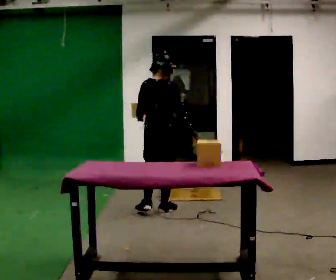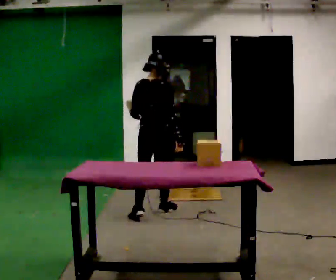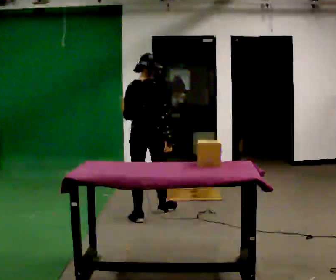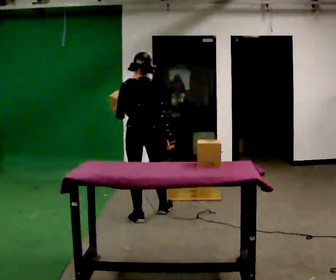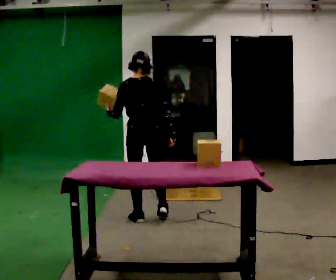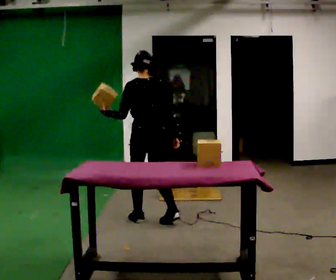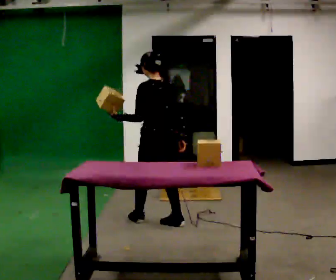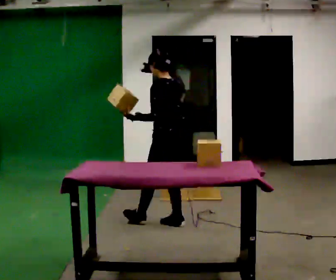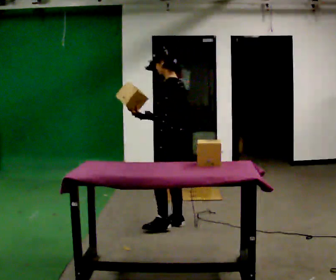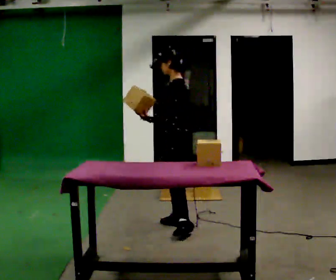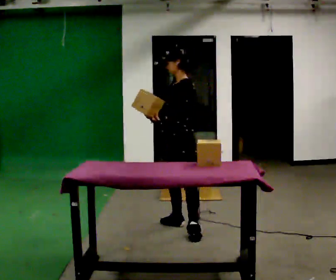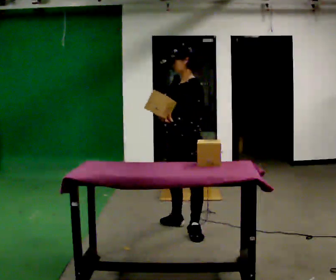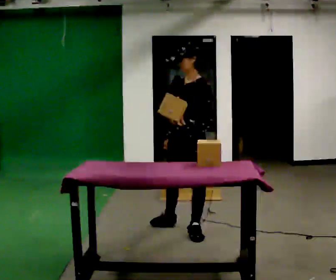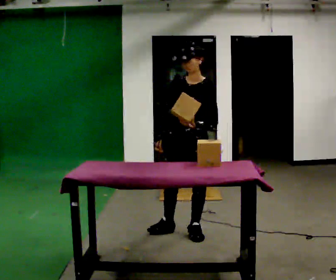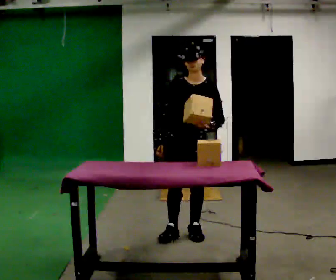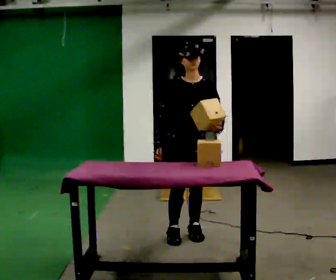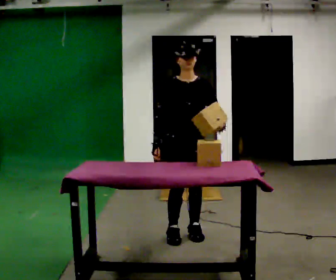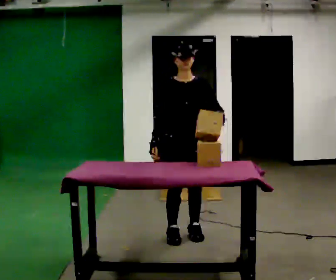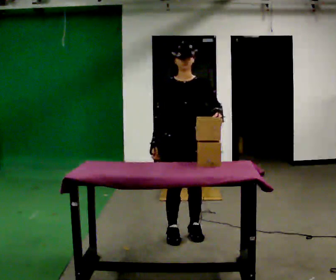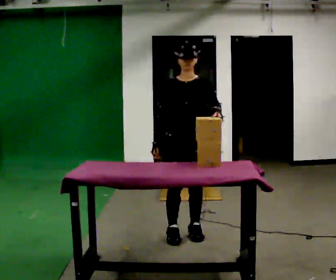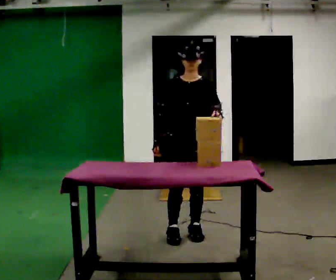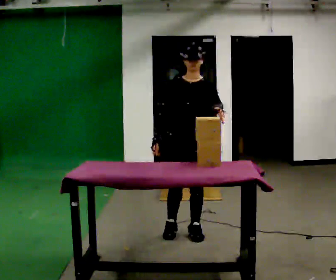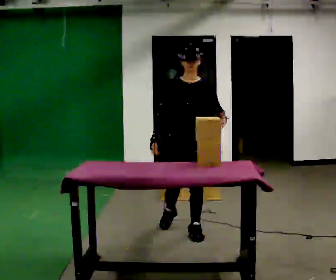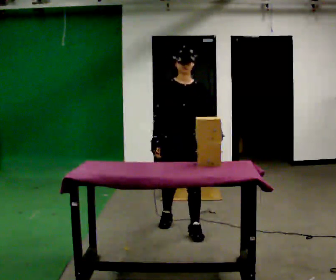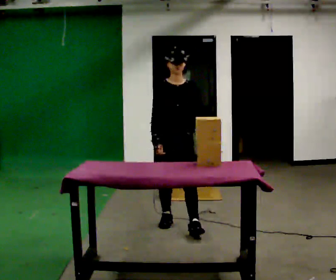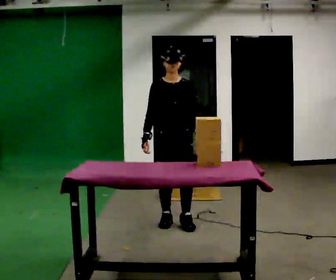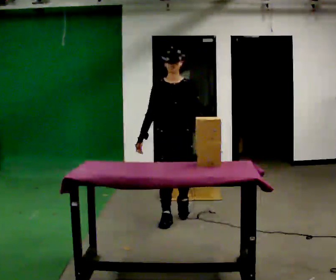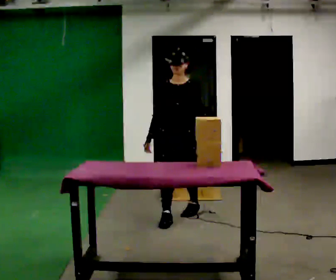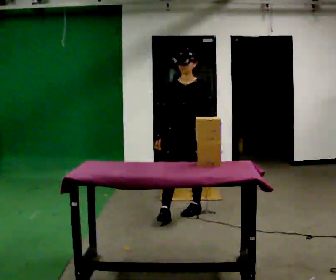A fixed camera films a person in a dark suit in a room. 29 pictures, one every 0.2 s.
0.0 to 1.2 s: Seen from above the body turns counterclockwise, about 60 degrees: to their left, with its near side sliding to the right. In the picture they go toward the camera, about 0.5 m in 1 step, which for them is backward.
1.2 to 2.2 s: The part of the body nearest the lens slides to the right as the person turns to their left by about 75 degrees. In the picture they go to the right and toward the camera, about 0.5 m in 1 step.
2.2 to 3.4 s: The person turns about 75 degrees to their left, counterclockwise seen from above, so the part of the body nearest the lens slides to the right. In the picture they go toward the camera, about 0.25 m in 1 step. In the picture their left hand goes to the right, the arm swinging counterclockwise.
3.4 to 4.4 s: In the picture they go away from the camera, about 0.25 m in 1 step, which for them is backward.
4.4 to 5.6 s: In the picture they go away from the camera, about 0.5 m in 2 steps, which for them is backward.
The film runs backward here.
